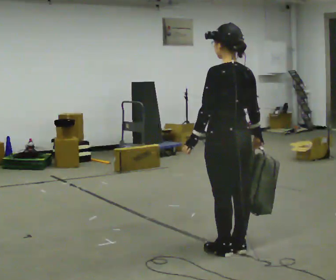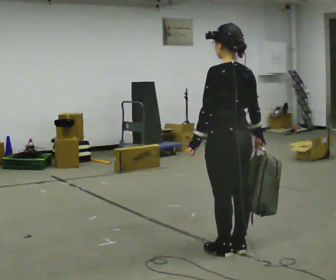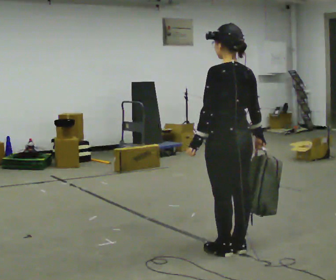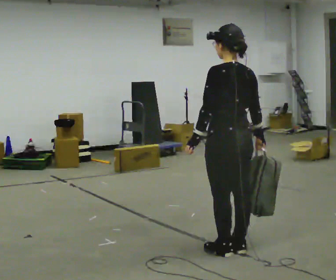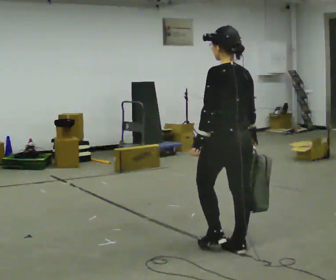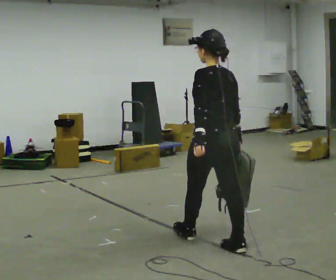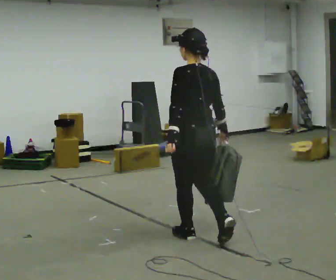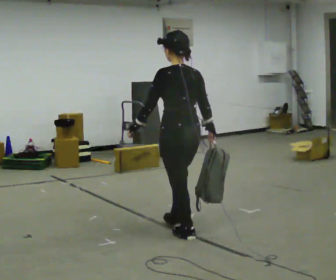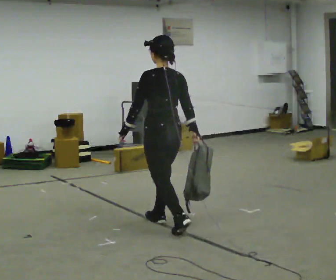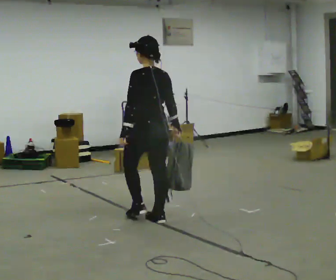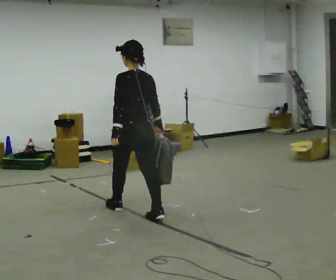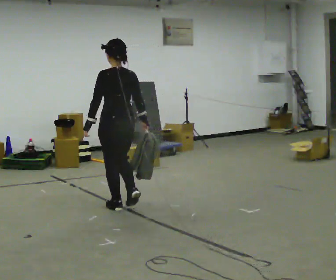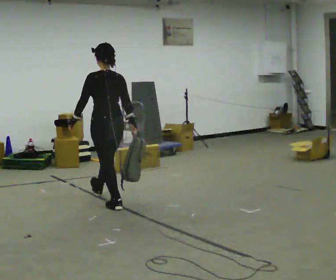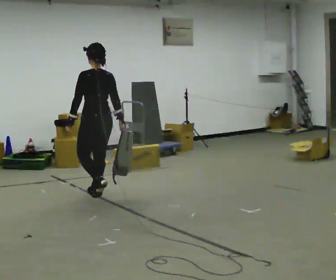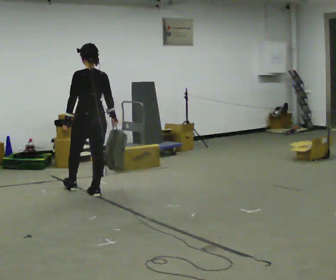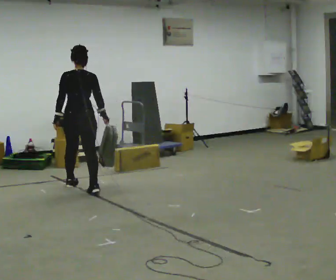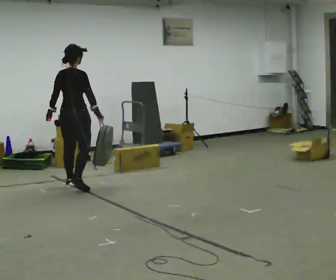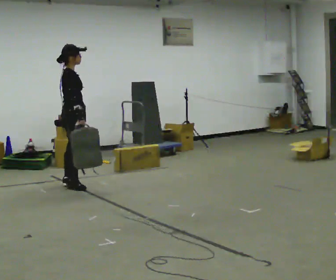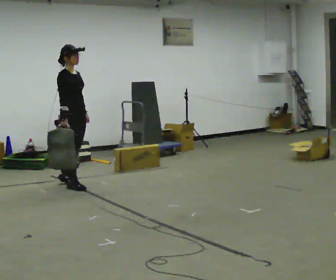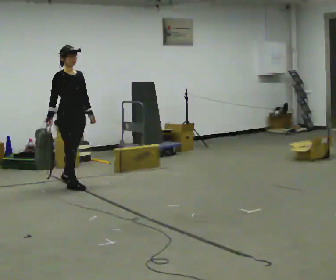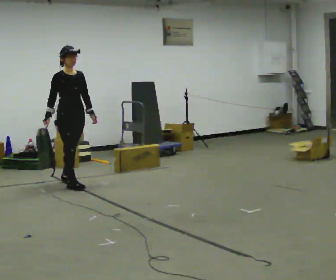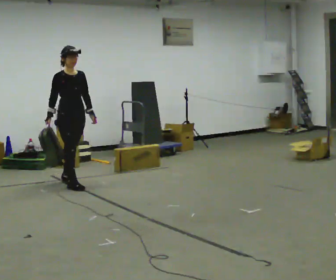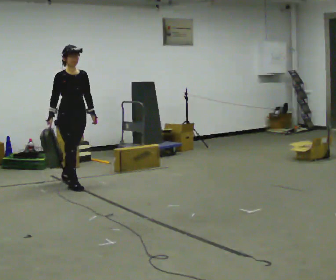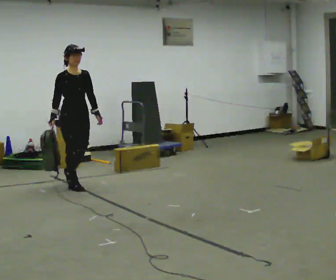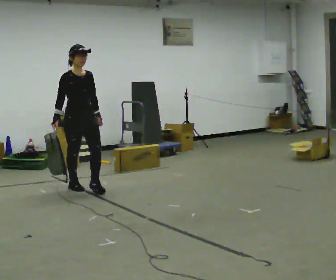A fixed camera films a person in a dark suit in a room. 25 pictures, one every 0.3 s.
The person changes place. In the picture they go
away from the camera.
The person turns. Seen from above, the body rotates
clockwise.
0.0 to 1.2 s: The person moves a little, or ends about where they began.
1.2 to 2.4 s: In the picture they go away from the camera and to the left, about 1 m in 2 steps, which for them is forward.
2.4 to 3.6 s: In the picture they go away from the camera and to the left, about 1 m in 1 step, which for them is forward.
3.6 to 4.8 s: Seen from above the body turns clockwise, about 60 degrees: to their right, with its near side sliding to the left. In the picture they go away from the camera and to the left, about 1 m in 2 steps.
4.8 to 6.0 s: The person turns about 105 degrees to their right, clockwise seen from above, so the part of the body nearest the lens slides to the left. In the picture their left hand goes to the right, the arm swinging counterclockwise.
6.0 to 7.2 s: In the picture they go toward the camera, about 0.25 m, which for them is forward.
The film runs forward here.
